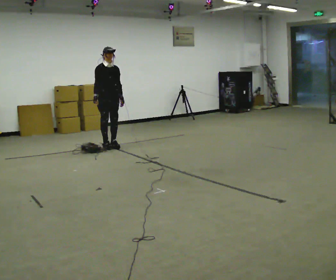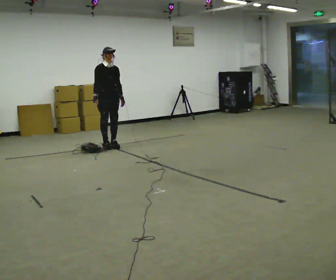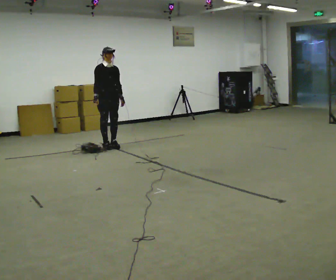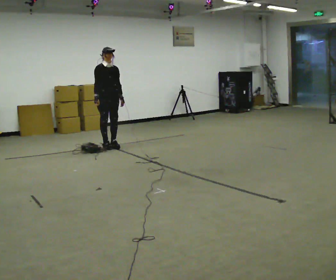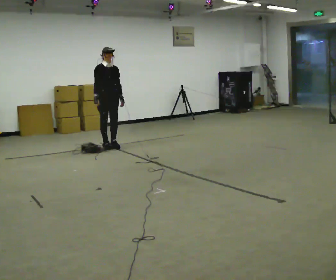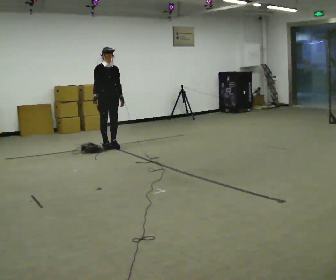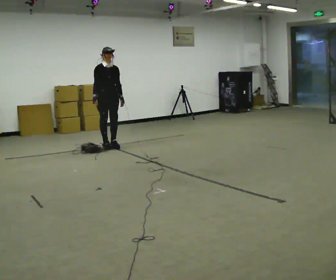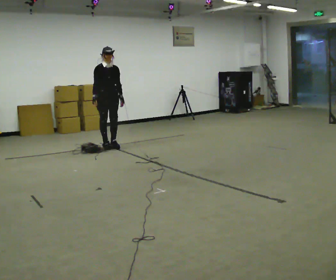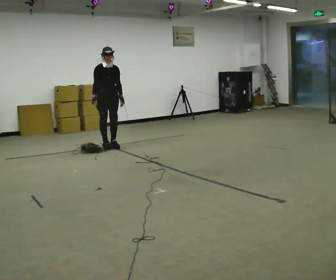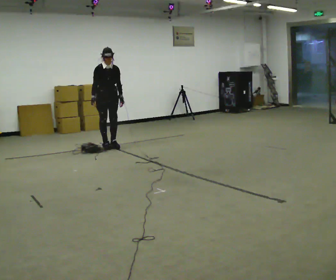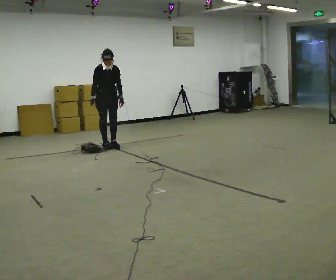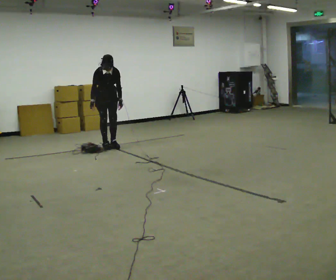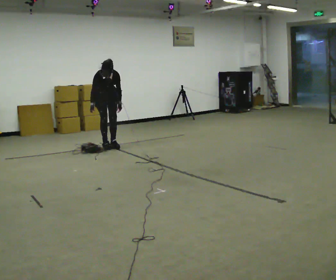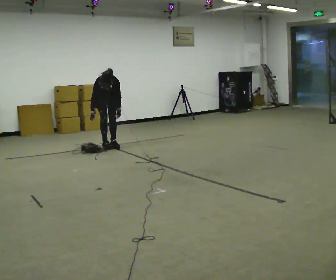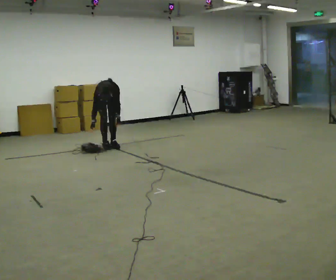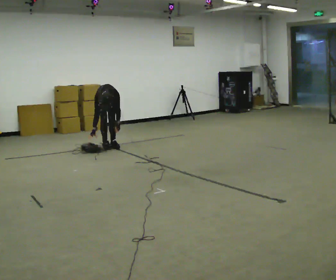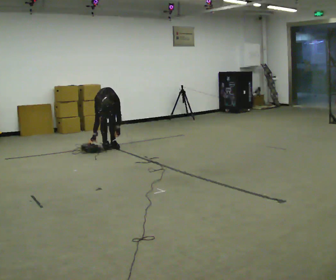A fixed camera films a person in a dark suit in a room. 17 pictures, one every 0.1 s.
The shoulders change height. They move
downward.
The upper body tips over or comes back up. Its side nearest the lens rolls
downward.
0.0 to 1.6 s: In the picture they go away from the camera, about 0.25 m, which for them is backward. The shoulders move downward. The upper body tips toward the camera, its near side rolling downward, as they bend forward. In the picture their right hand goes downward.
The film runs forward here.
